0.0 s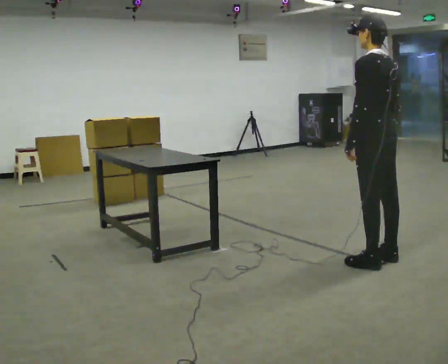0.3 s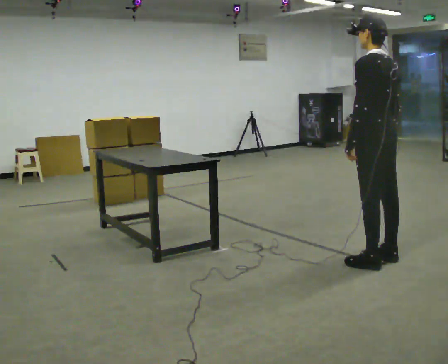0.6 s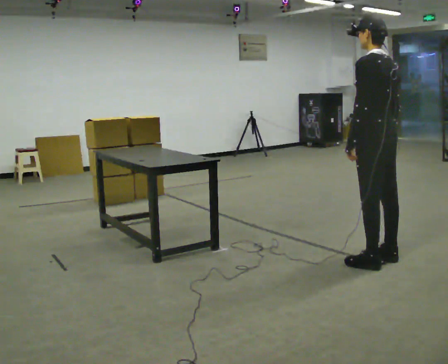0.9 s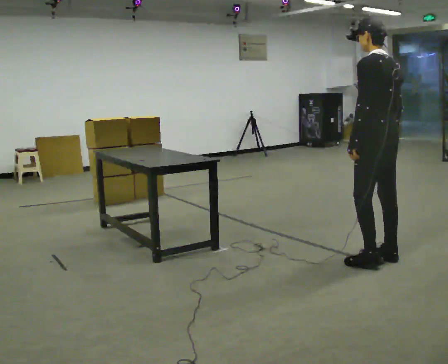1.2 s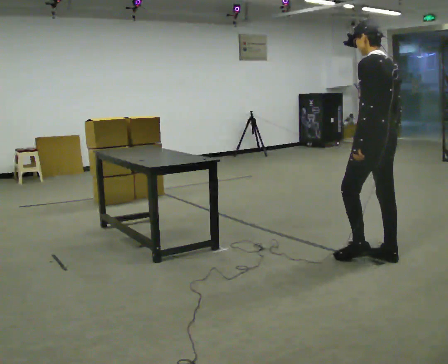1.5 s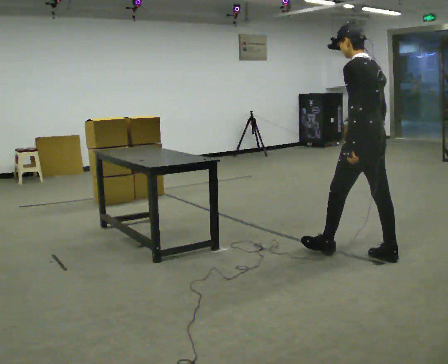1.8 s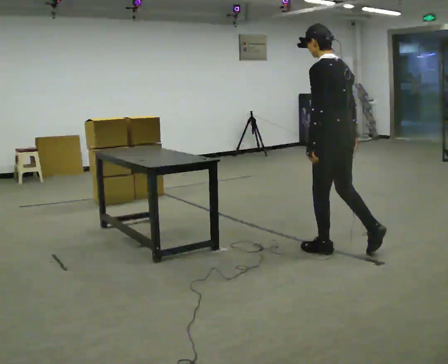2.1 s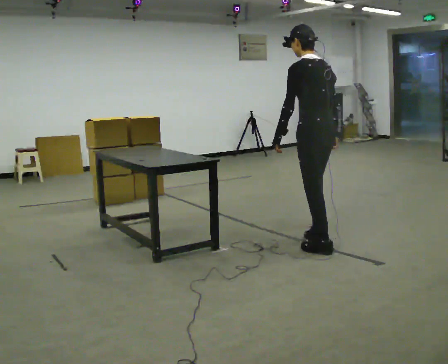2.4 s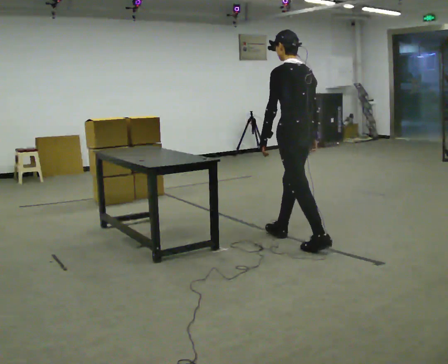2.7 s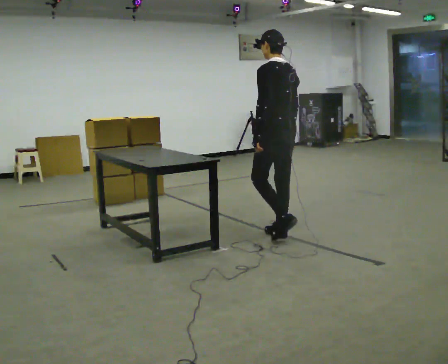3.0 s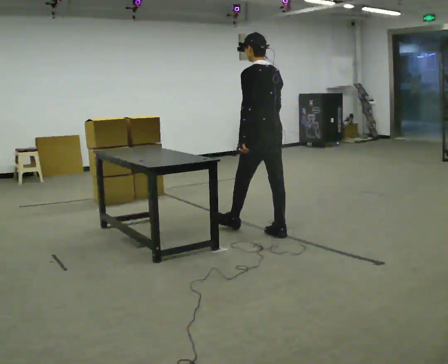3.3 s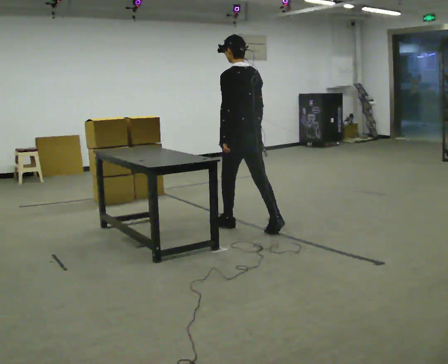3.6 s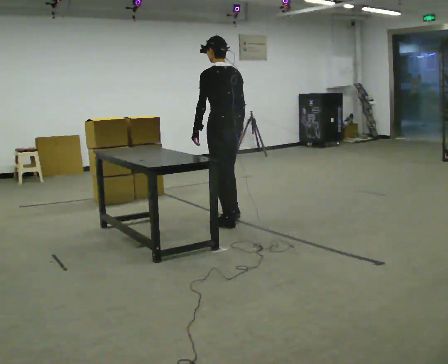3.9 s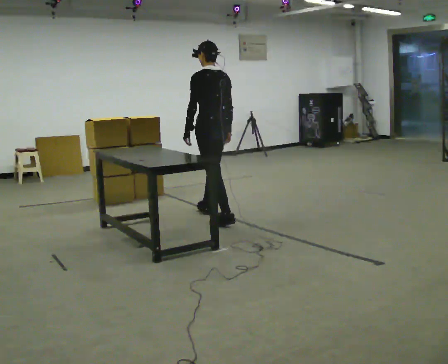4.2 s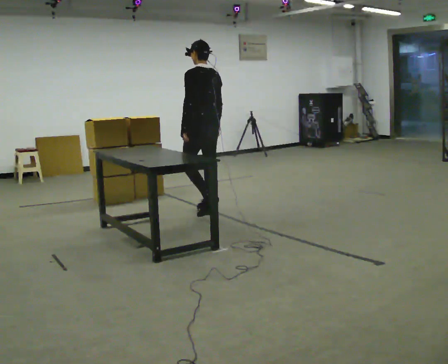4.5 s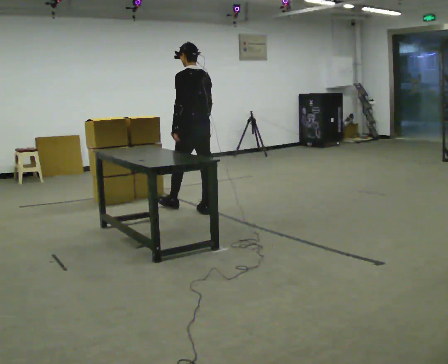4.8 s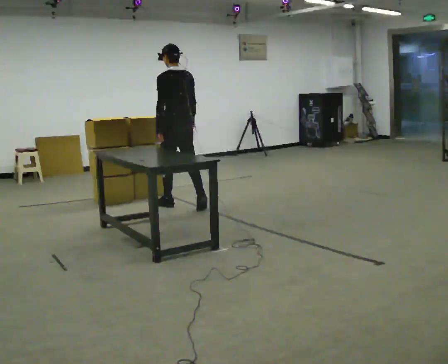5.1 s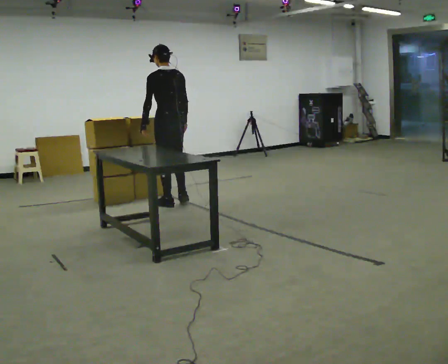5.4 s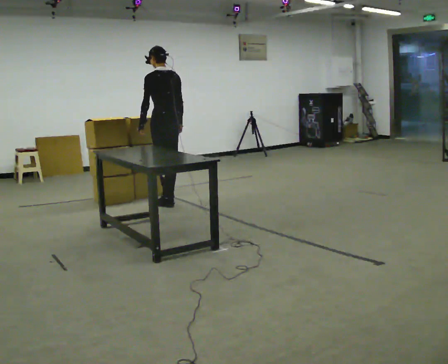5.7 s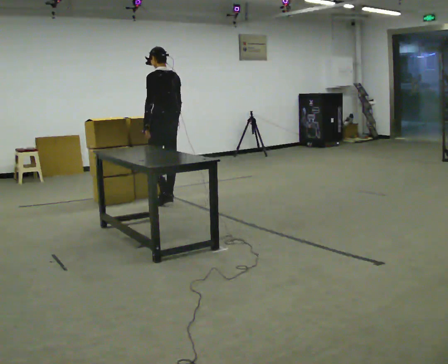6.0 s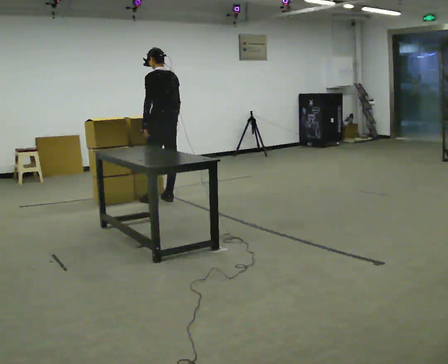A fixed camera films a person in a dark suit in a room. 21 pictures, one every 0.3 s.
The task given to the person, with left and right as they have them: Pick up the next box in the row and carry it to the table. The operator will not tell you how heavy each one is. Keep going until the operator says stop; one object at a time, and do not rush between trips.
0.0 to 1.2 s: The person moves a little, or ends about where they began.
1.2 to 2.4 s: In the picture they go to the left and away from the camera, about 0.5 m in 2 steps, which for them is forward.
2.4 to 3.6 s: In the picture they go to the left and away from the camera, about 1 m in 1 step, which for them is forward.
3.6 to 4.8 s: In the picture they go away from the camera and to the left, about 1 m in 2 steps, which for them is forward.
4.8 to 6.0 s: In the picture they go away from the camera and to the left, about 0.25 m in 2 steps, which for them is forward.
The film runs forward here.
